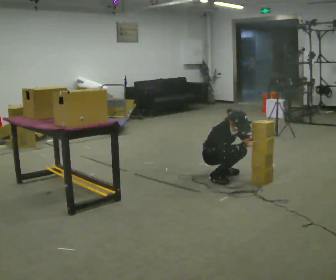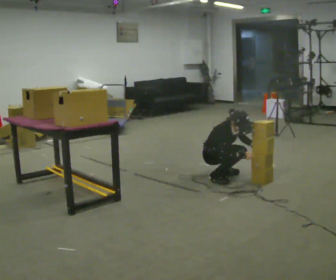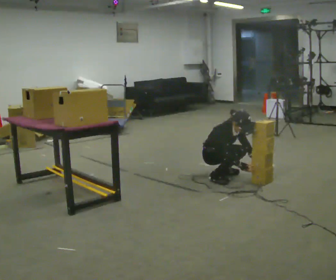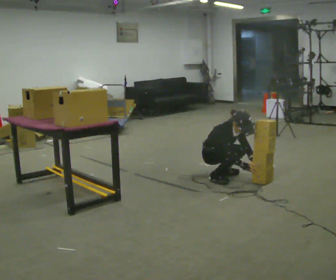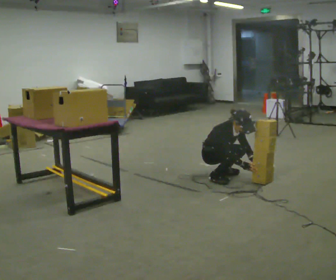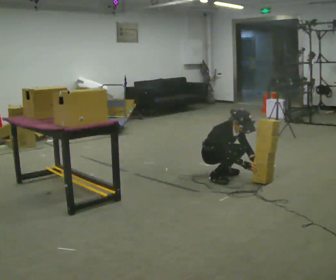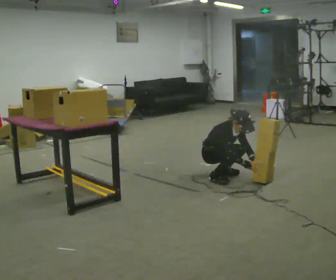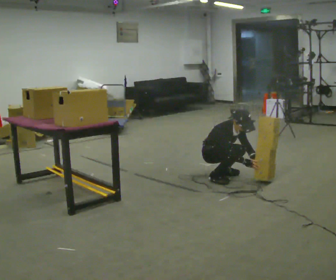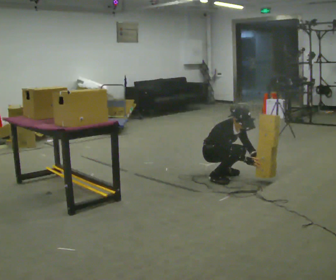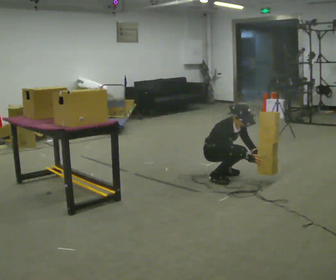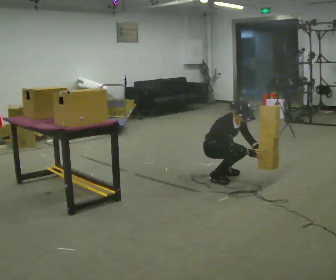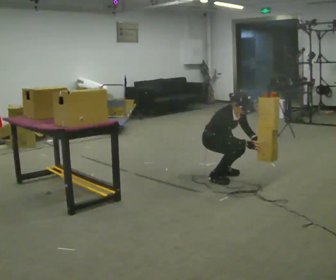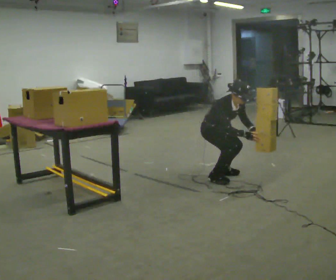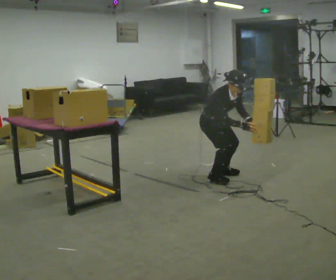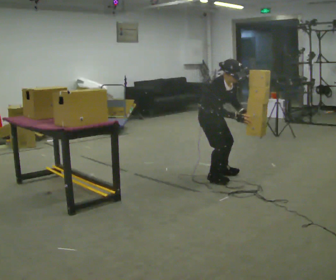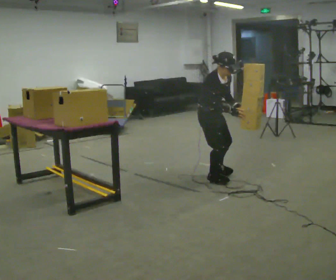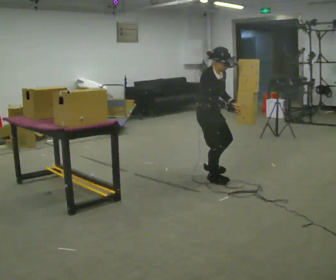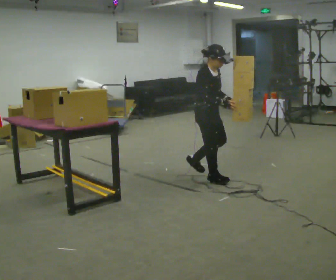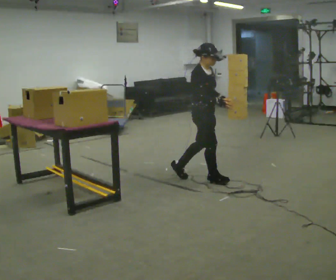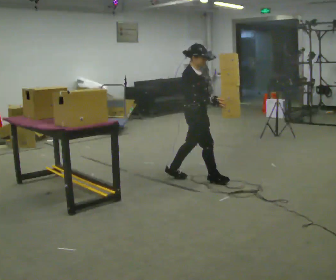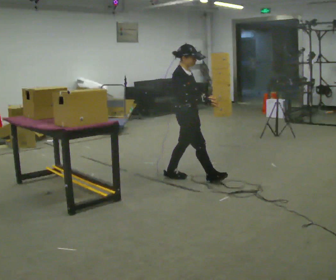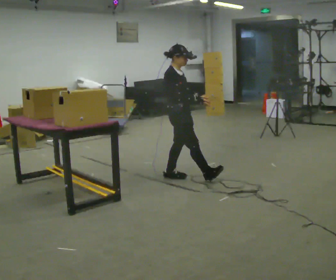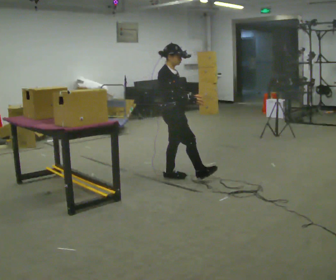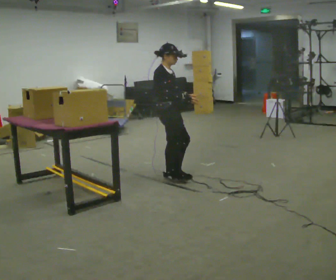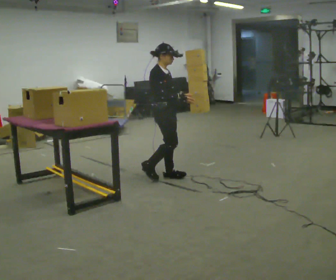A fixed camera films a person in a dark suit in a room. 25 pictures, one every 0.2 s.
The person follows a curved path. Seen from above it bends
clockwise.
The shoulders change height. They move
upward.
0.0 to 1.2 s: The person moves a little, or ends about where they began.
1.2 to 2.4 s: The upper body goes upward.
2.4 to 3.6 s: In the picture they go toward the camera, about 0.25 m in 1 step, which for them is to their right. The shoulders move upward. In the picture the upper body tilts counterclockwise, shoulders to the left, as they lean back or straighten. In the picture their left hand goes upward and to the left.
3.6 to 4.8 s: In the picture they go to the left, about 0.5 m in 1 step, which for them is backward.
The film runs backward here.
